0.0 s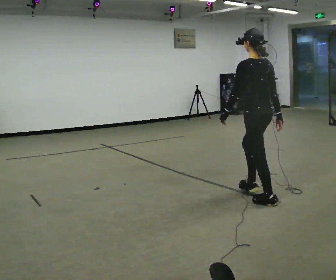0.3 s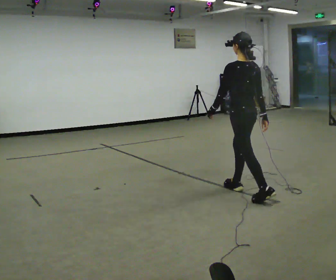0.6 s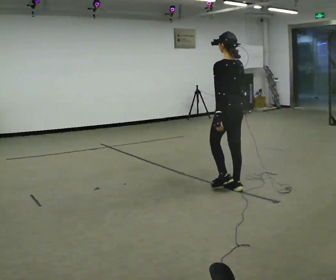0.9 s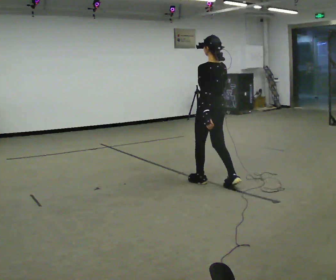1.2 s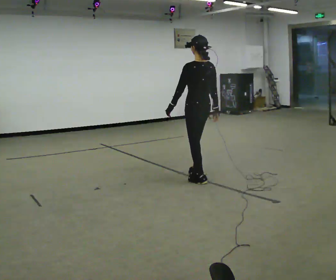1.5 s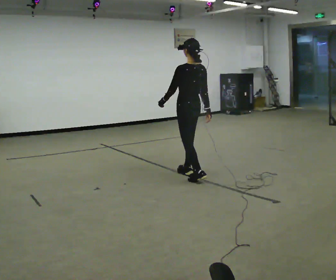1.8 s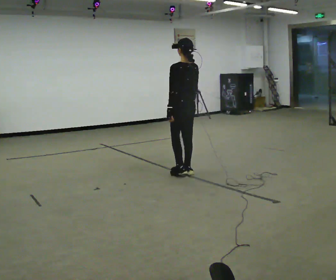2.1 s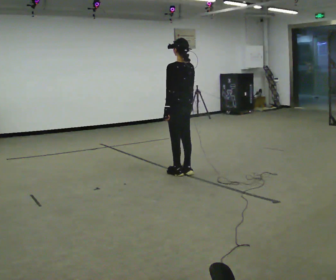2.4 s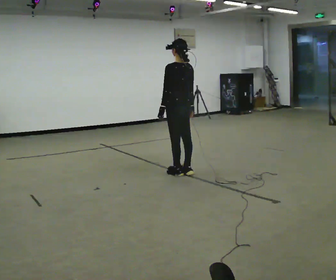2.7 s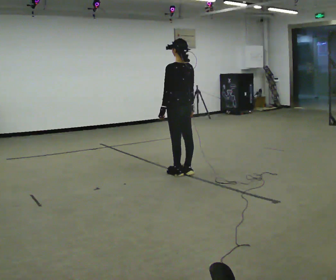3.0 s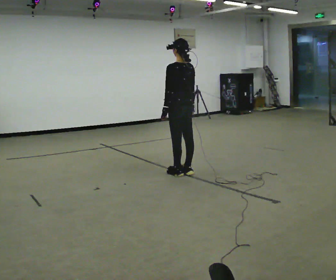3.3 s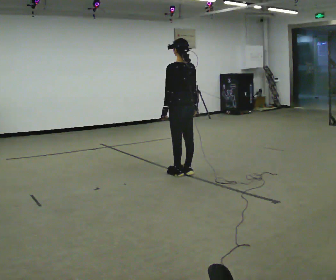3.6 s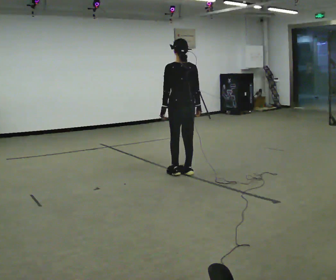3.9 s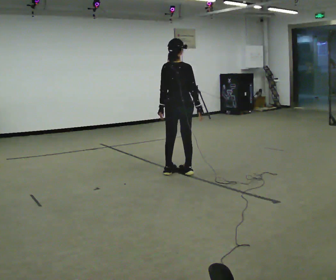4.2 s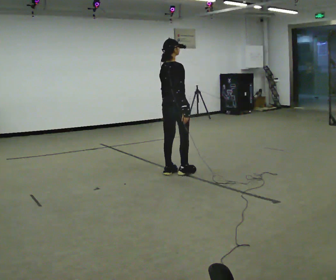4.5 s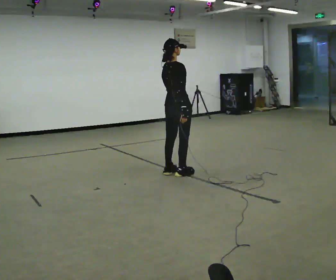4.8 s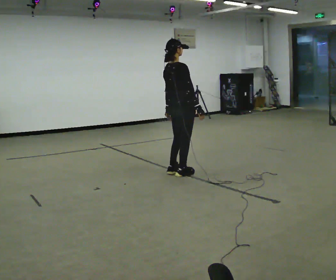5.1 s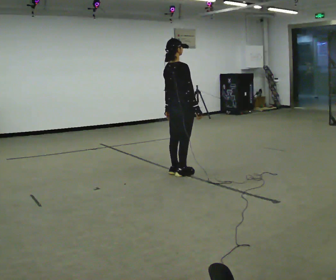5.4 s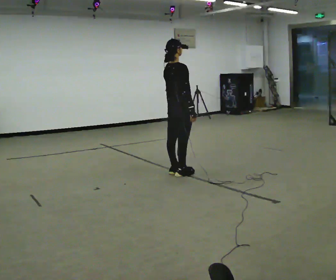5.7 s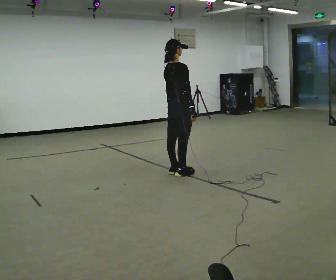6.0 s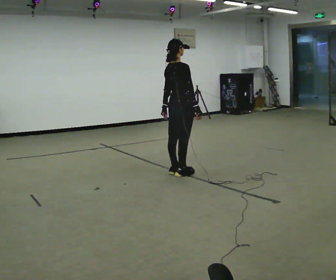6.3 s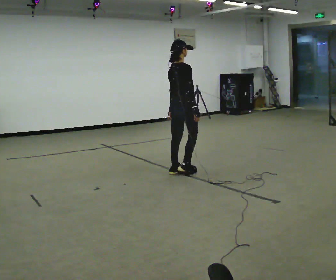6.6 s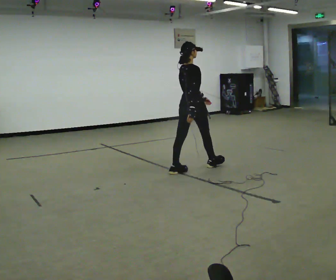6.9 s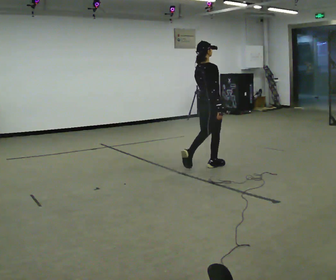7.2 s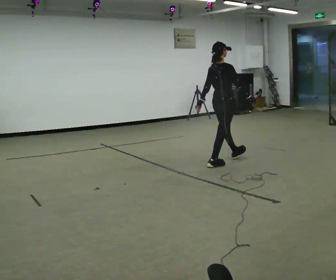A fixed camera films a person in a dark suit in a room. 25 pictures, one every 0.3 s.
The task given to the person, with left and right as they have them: Walk; stop fully; turn 90° left/right while standing; walk new direction.
0.0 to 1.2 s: In the picture they go away from the camera and to the left, about 1 m in 2 steps, which for them is forward.
1.2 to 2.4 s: In the picture they go away from the camera and to the left, about 0.5 m in 2 steps, which for them is forward.
2.4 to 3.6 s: The part of the body nearest the lens slides to the left as the person turns to their right by about 30 degrees.
3.6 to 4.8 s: Seen from above the body turns clockwise, about 60 degrees: to their right, with its near side sliding to the left.
4.8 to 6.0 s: The person moves a little, or ends about where they began.
6.0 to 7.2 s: In the picture they go to the right and away from the camera, about 0.5 m in 1 step, which for them is forward.
The film runs forward here.
